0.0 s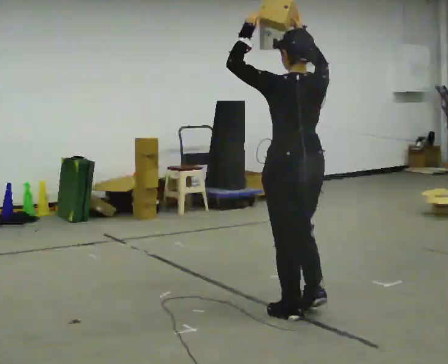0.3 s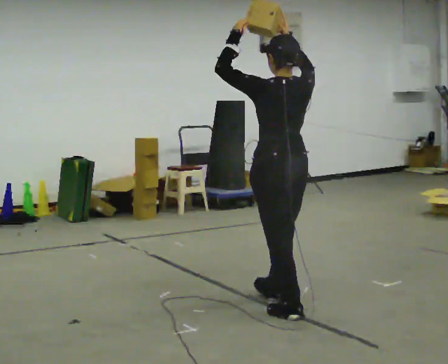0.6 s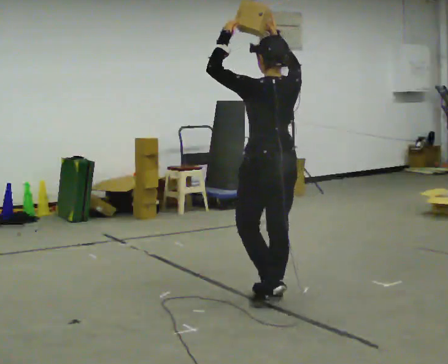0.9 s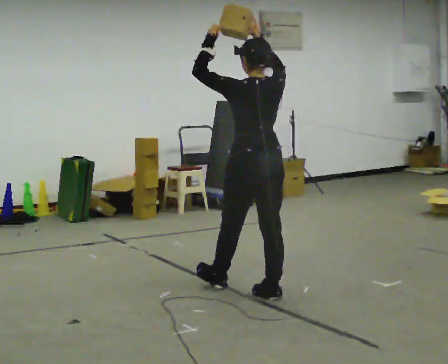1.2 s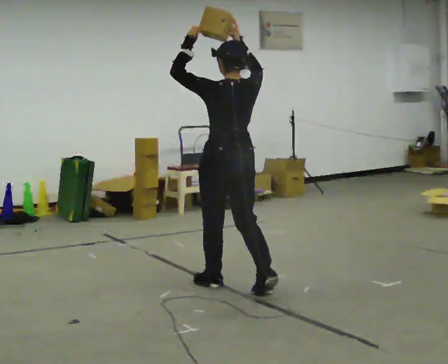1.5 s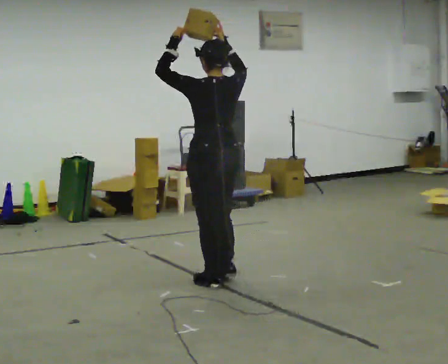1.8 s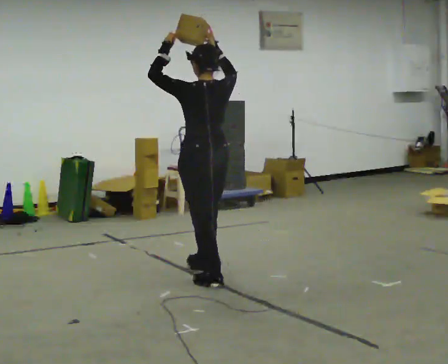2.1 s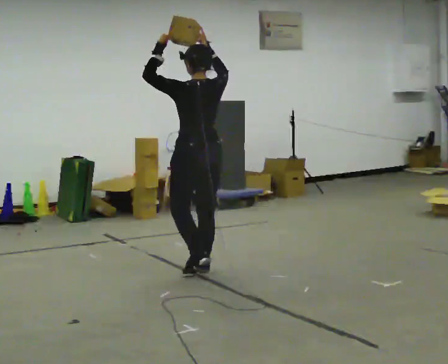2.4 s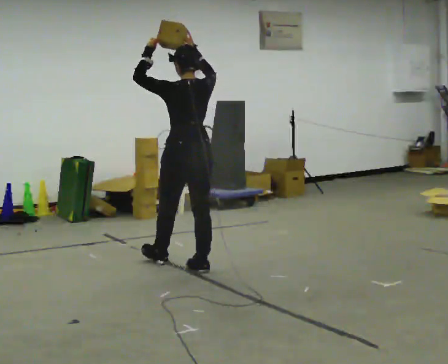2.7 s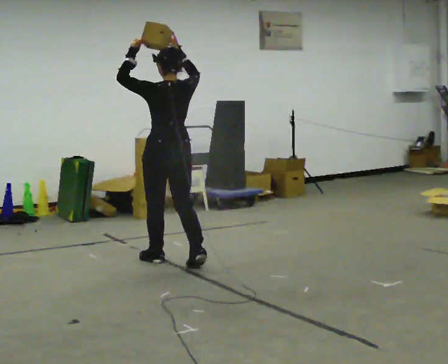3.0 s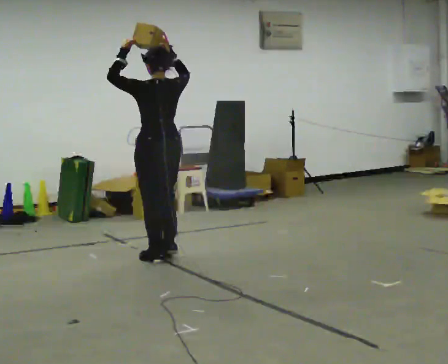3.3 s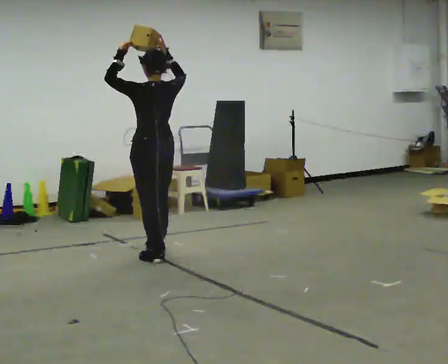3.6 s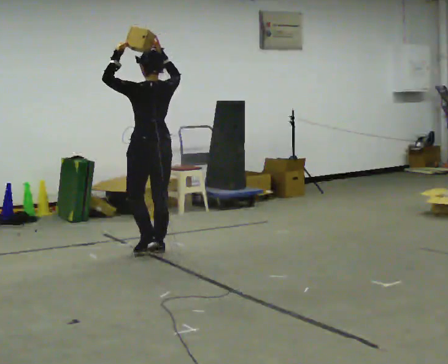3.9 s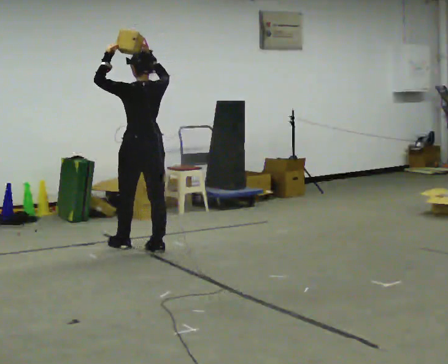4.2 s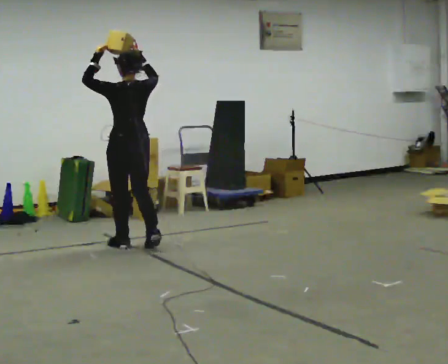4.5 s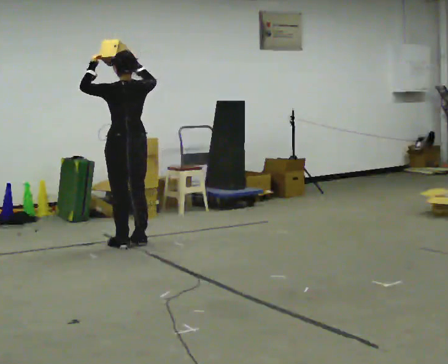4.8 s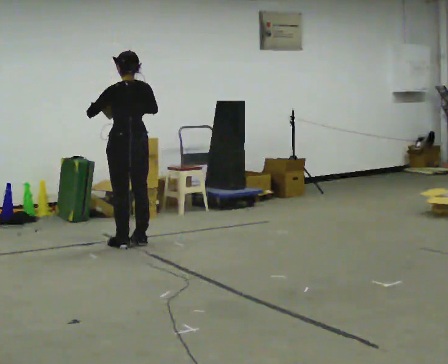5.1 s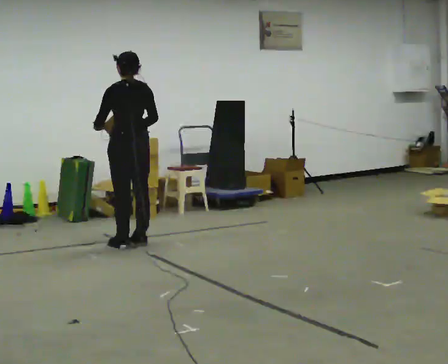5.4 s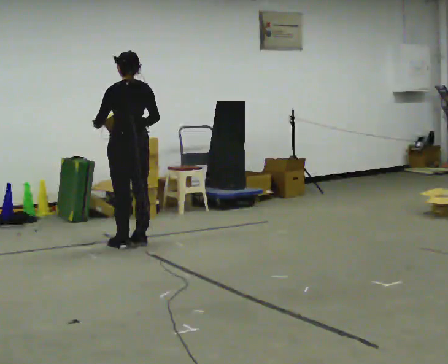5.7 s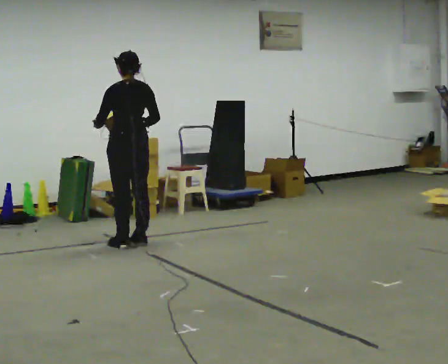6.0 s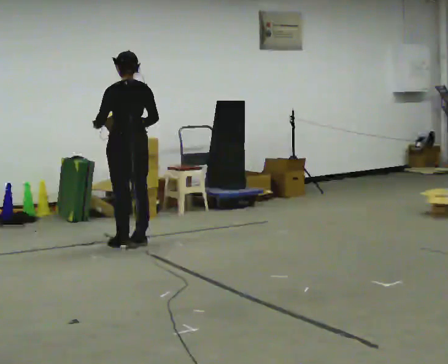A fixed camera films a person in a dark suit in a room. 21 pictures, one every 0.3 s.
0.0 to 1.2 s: In the picture they go away from the camera and to the left, about 0.75 m in 2 steps, which for them is forward.
1.2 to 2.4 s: In the picture they go away from the camera and to the left, about 0.75 m in 1 step, which for them is forward.
2.4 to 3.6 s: In the picture they go away from the camera and to the left, about 0.75 m in 2 steps, which for them is forward.
3.6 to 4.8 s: In the picture they go away from the camera and to the left, about 0.25 m in 2 steps, which for them is forward. In the picture their right hand goes downward.
4.8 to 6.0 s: The person moves a little, or ends about where they began.
The film runs forward here.
